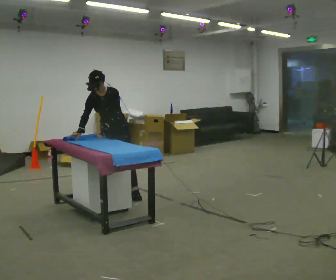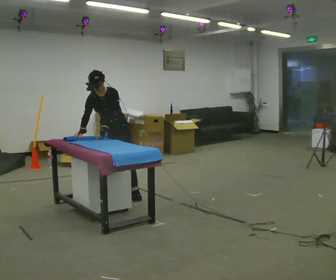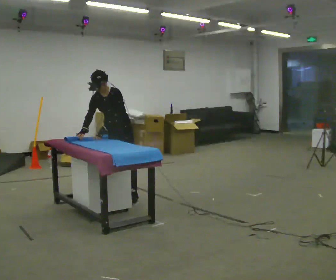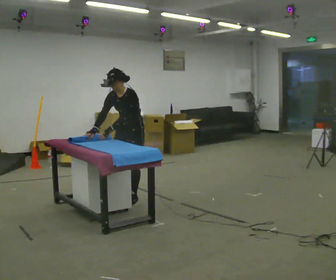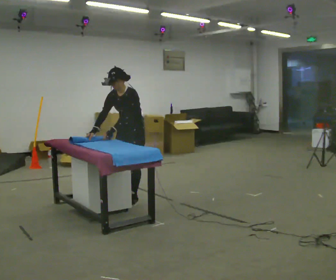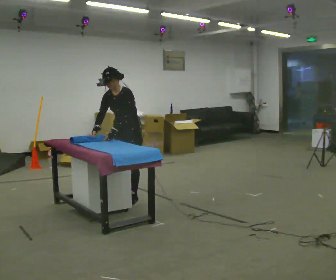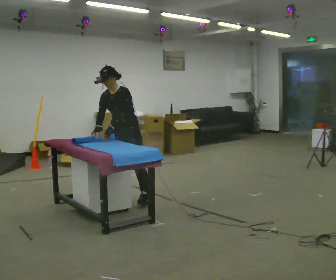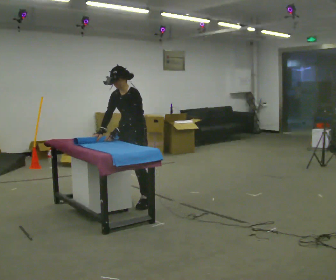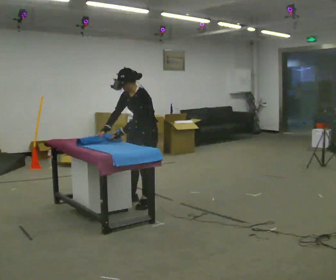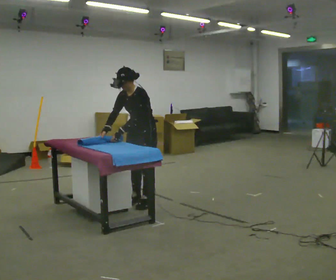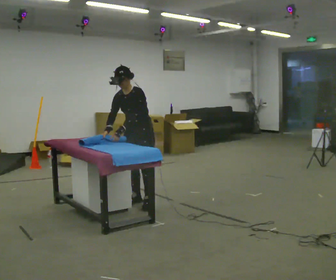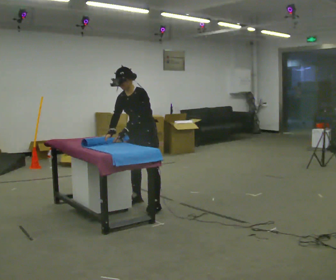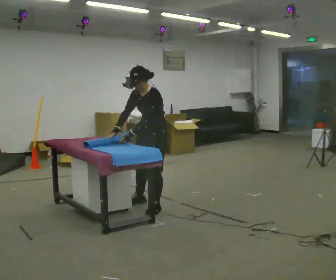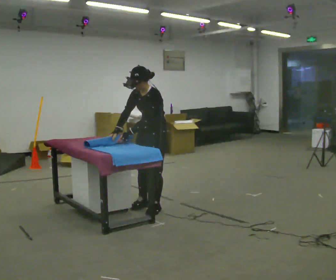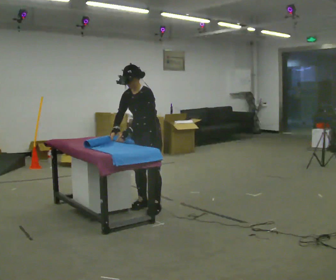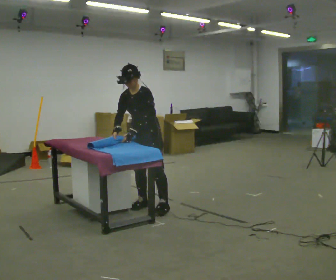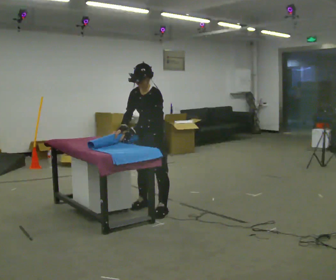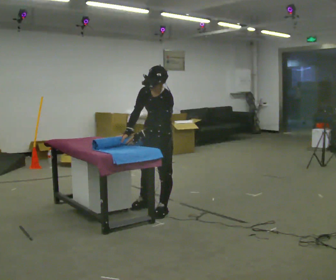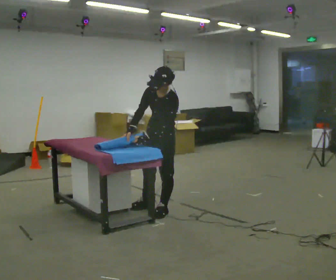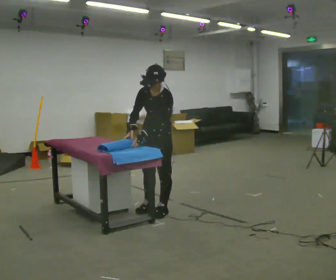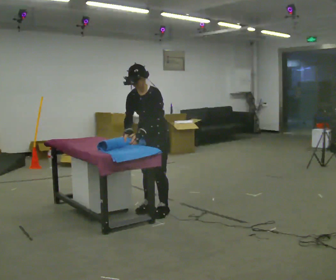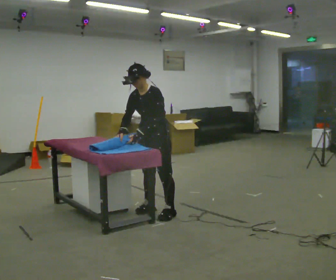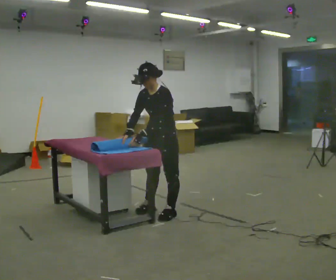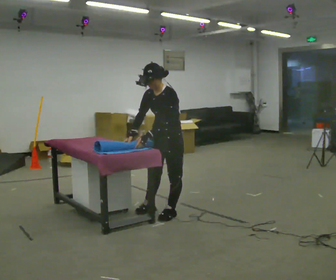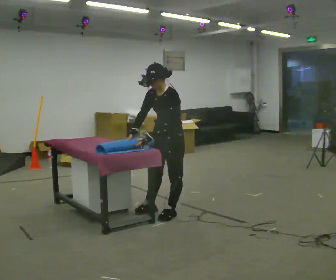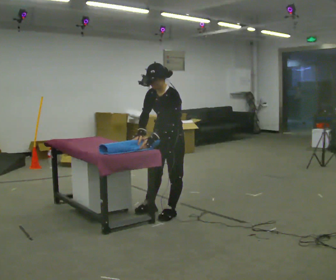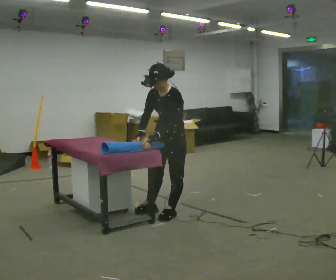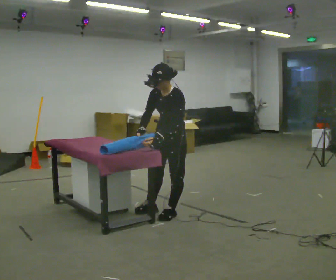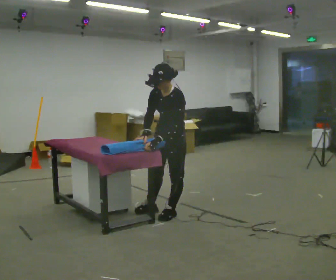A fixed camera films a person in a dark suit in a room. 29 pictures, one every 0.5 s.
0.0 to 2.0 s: The person turns about 30 degrees to their right, clockwise seen from above, so the part of the body nearest the lens slides to the left. In the picture they go to the right and toward the camera, about 0.25 m in 1 step, which for them is to their left and forward.
2.0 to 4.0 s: In the picture they go toward the camera and to the right, about 0.25 m in 1 step, which for them is to their left and forward.
4.0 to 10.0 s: In the picture they go toward the camera, about 0.25 m in 3 steps, which for them is to their left and forward.
10.0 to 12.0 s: In the picture they go toward the camera and to the right, about 0.25 m in 1 step, which for them is to their left.
12.0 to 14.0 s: The person moves a little, or ends about where they began.
The film runs forward here.
